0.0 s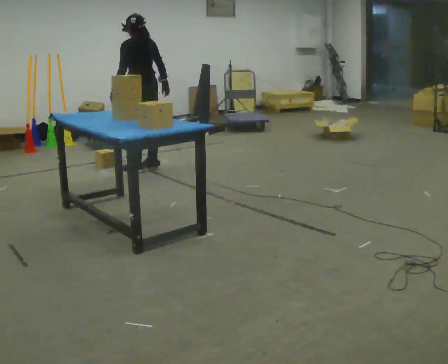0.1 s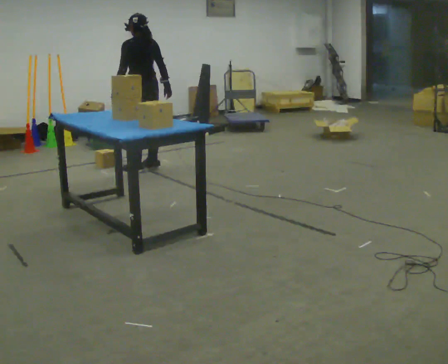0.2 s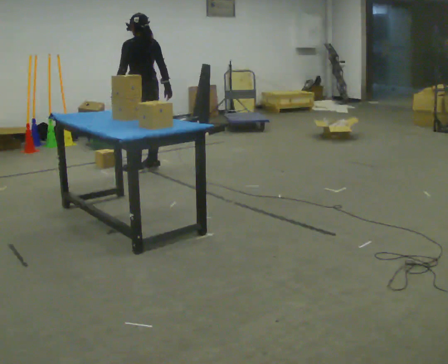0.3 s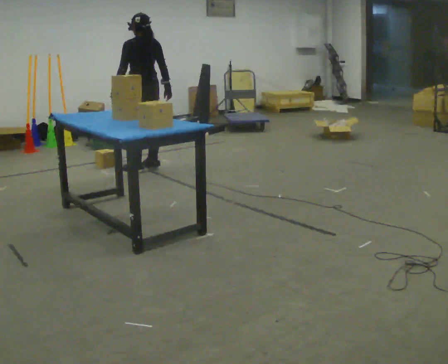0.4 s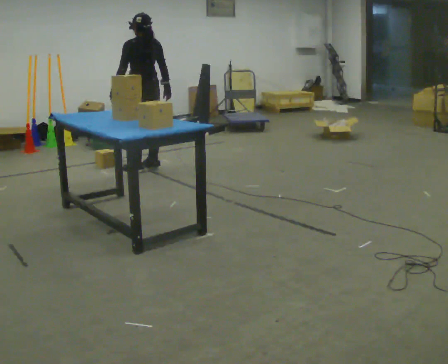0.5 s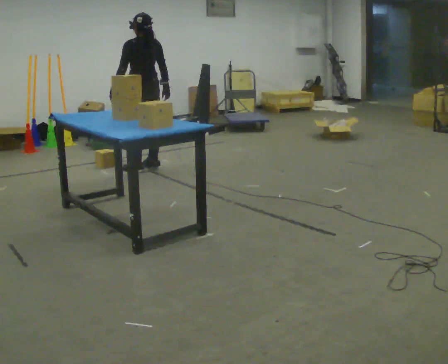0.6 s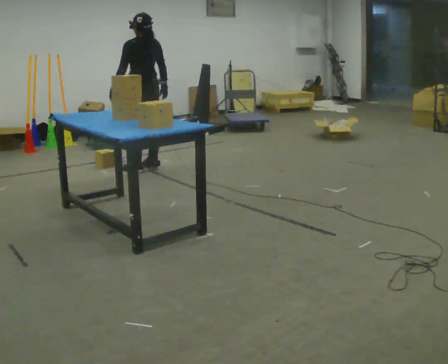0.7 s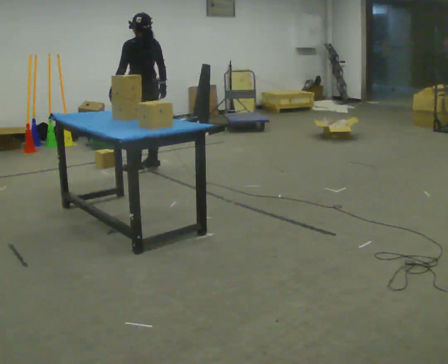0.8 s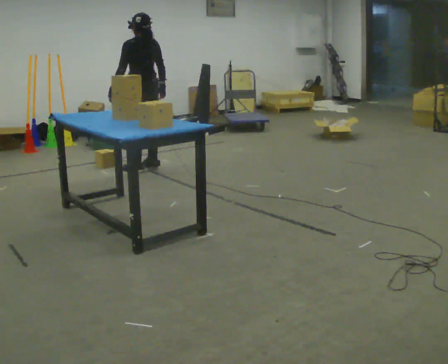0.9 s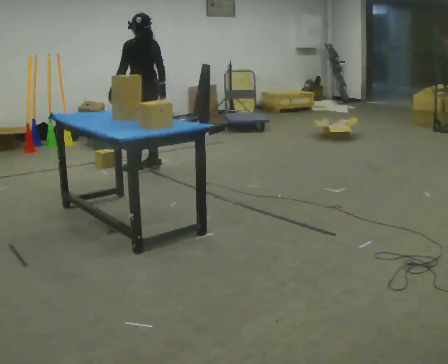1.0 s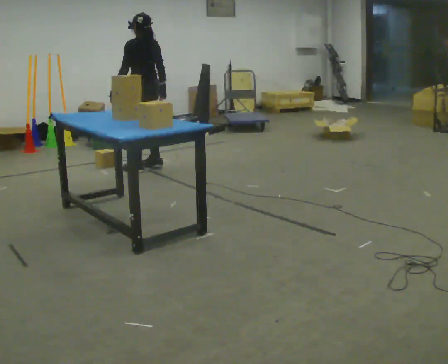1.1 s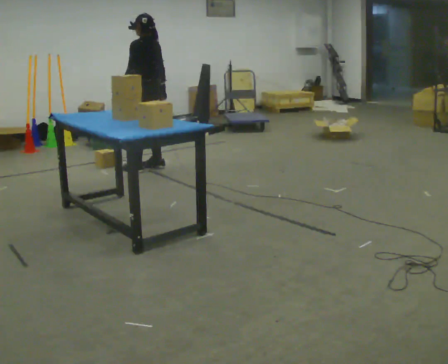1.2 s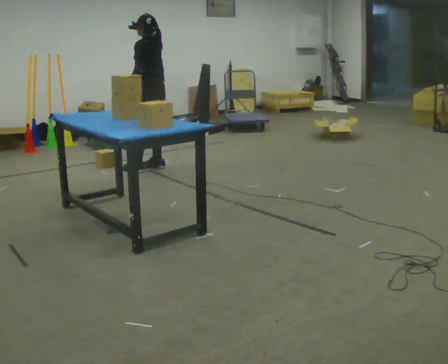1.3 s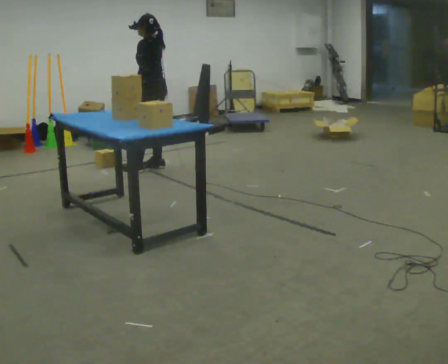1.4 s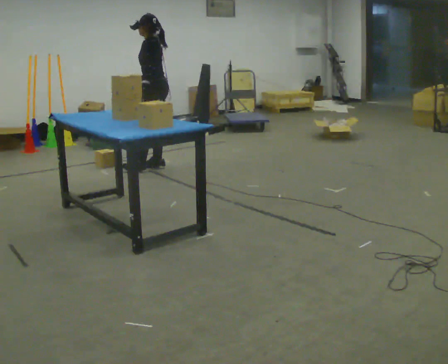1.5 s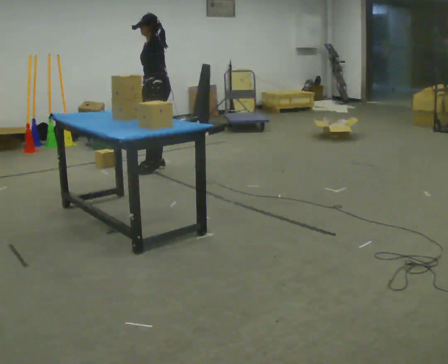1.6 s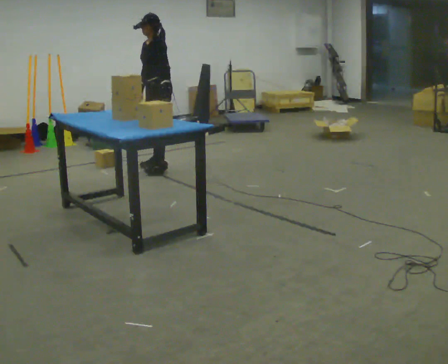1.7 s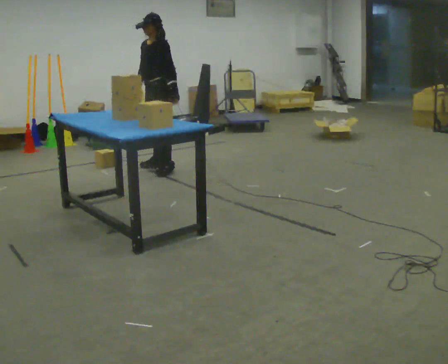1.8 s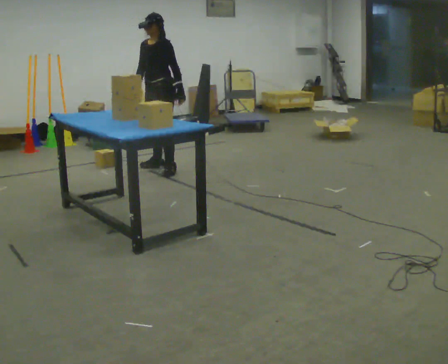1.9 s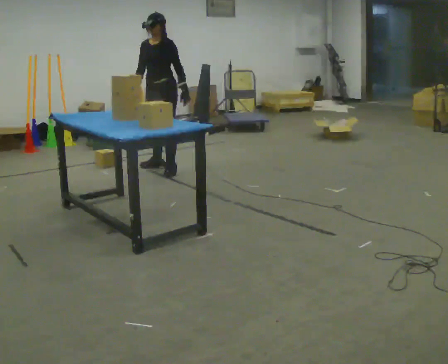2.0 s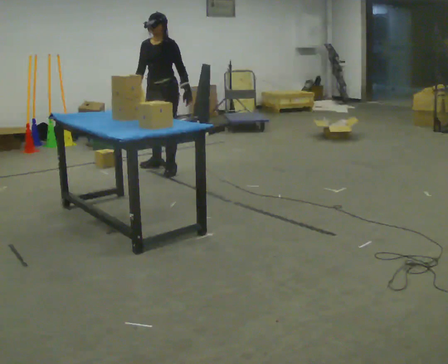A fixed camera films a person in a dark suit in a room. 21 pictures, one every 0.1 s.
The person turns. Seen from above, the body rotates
counterclockwise.
The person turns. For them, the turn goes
to their left.
0.0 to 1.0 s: The person moves a little, or ends about where they began.
1.0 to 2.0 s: The part of the body nearest the lens slides to the right as the person turns to their left by about 90 degrees. In the picture they go to the right, about 0.25 m in 1 step. In the picture their left hand goes to the right, the arm swinging counterclockwise.
The film runs forward here.
